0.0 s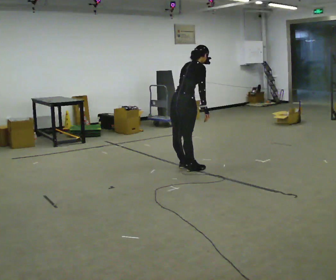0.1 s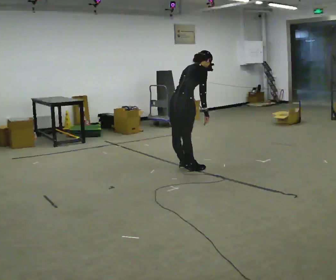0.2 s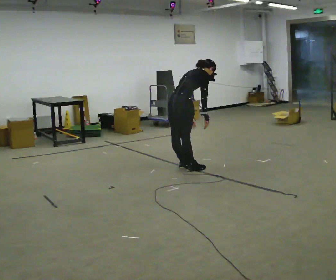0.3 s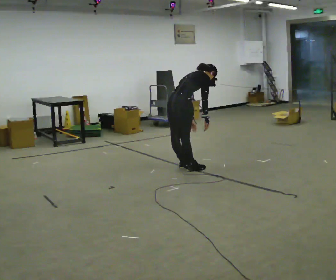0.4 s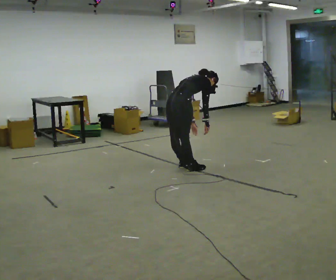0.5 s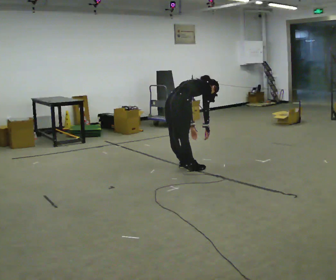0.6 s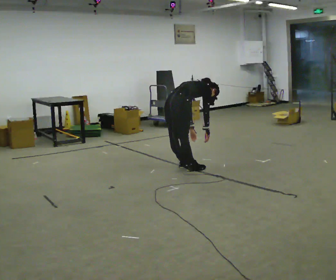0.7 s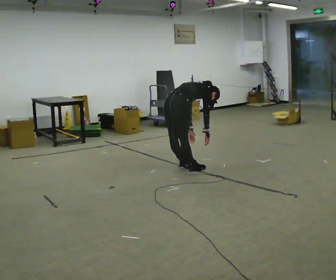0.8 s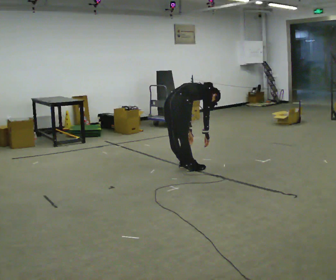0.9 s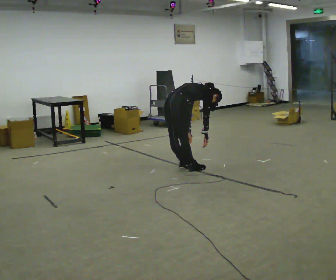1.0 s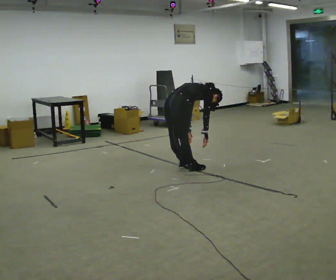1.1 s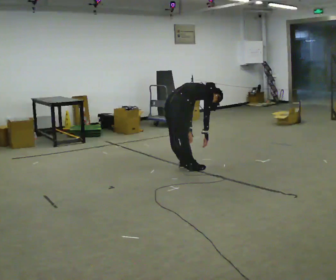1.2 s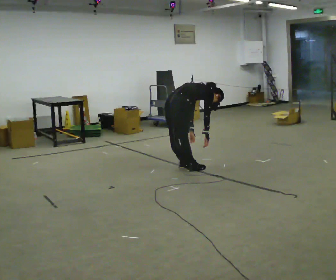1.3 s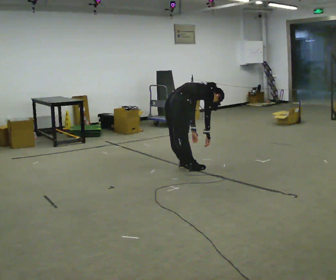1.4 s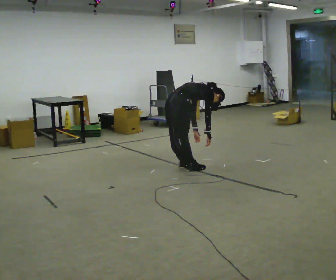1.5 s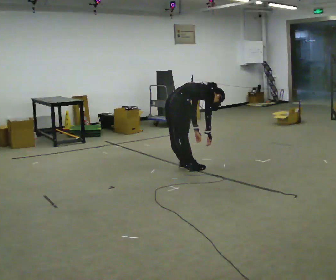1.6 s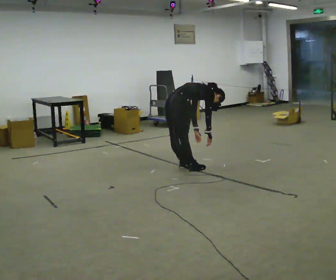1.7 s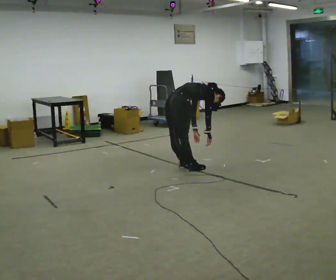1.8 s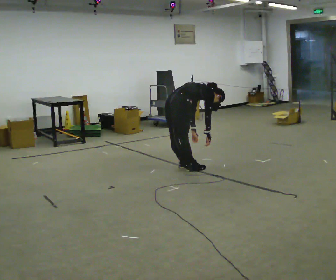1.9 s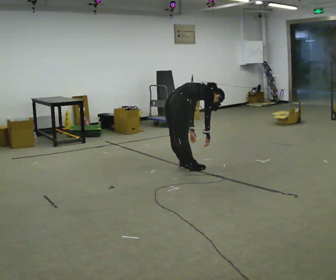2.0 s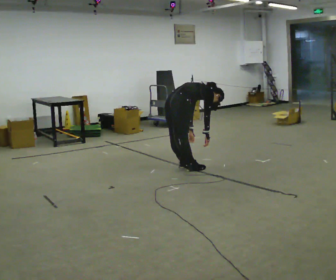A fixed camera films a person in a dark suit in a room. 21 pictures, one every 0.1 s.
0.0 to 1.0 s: The upper body goes downward. In the picture the upper body tilts clockwise, shoulders to the right, as they bend forward.
1.0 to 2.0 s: The person moves a little, or ends about where they began.
The film runs forward here.
